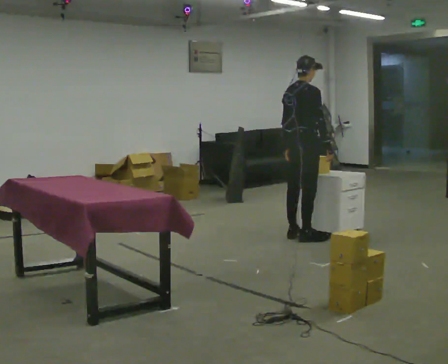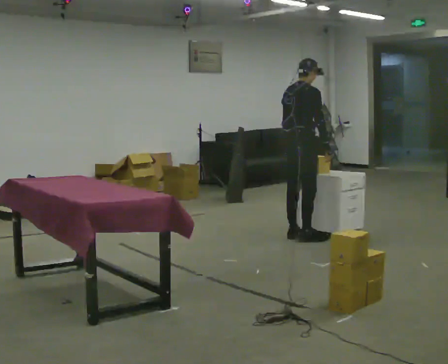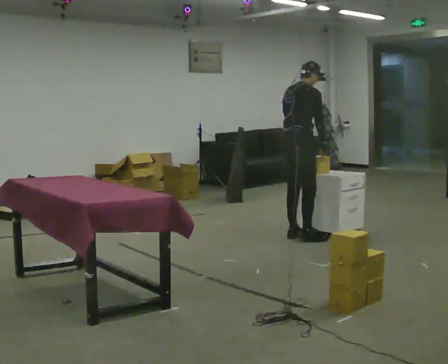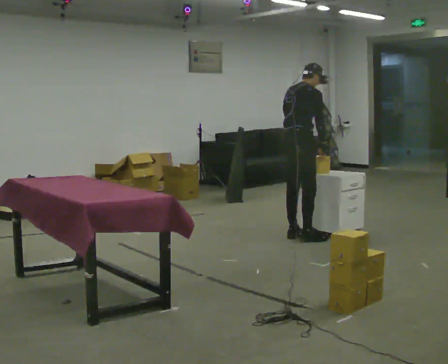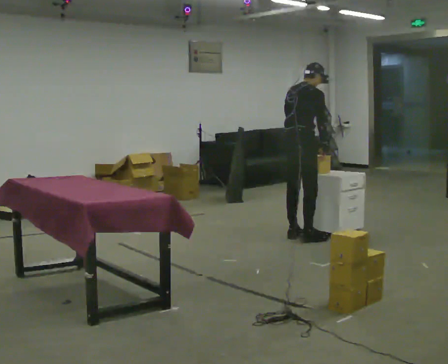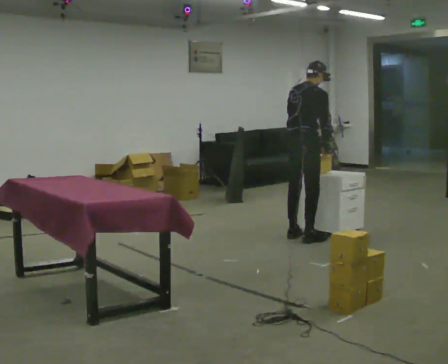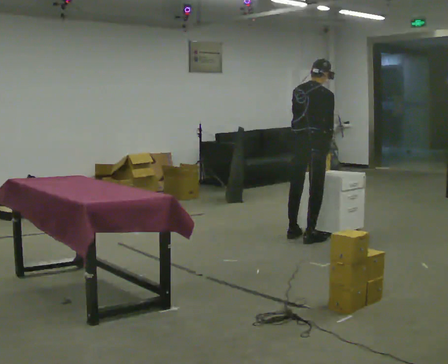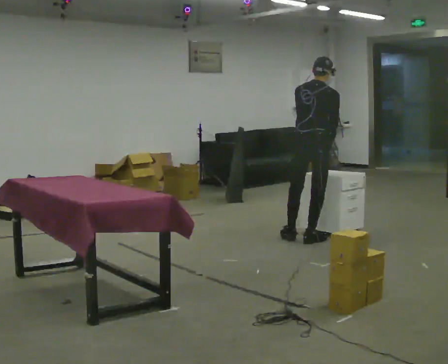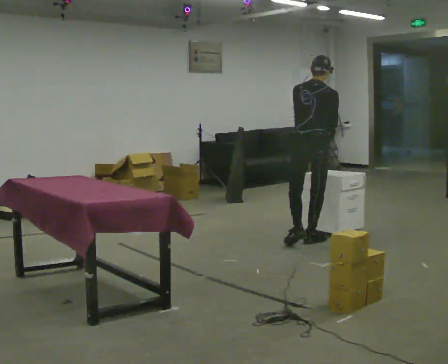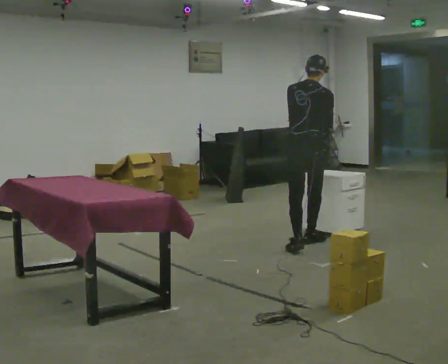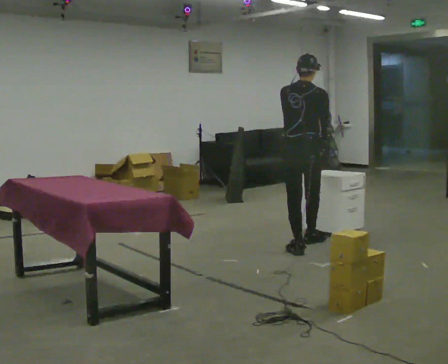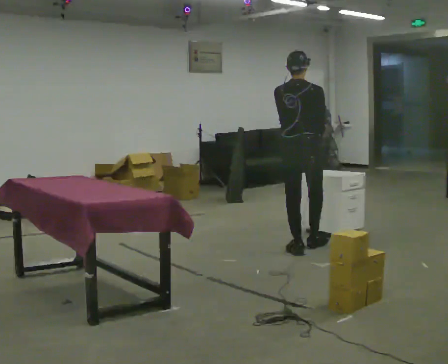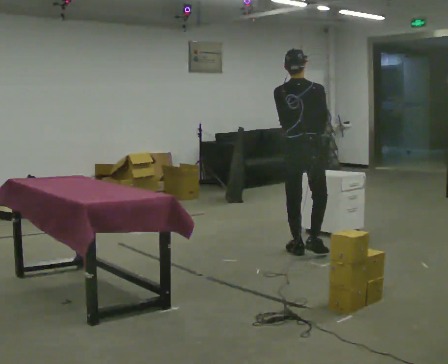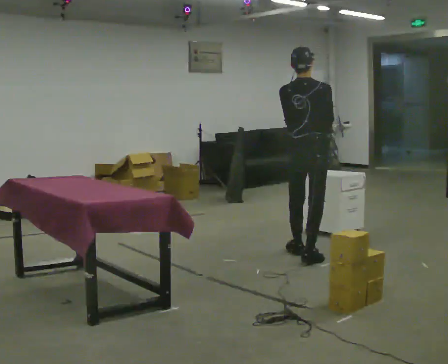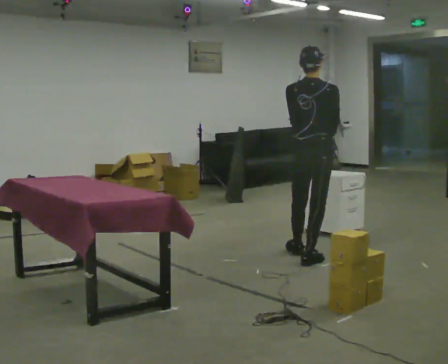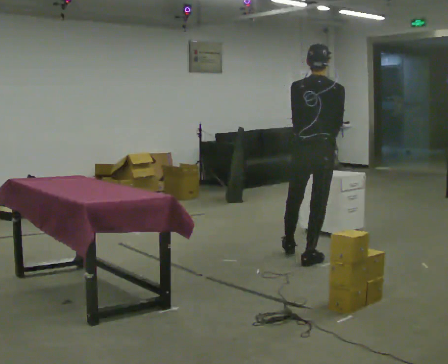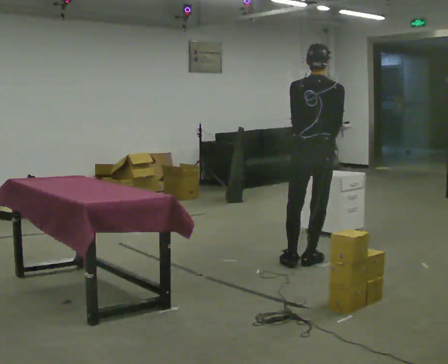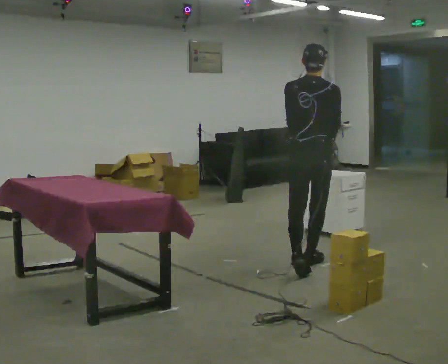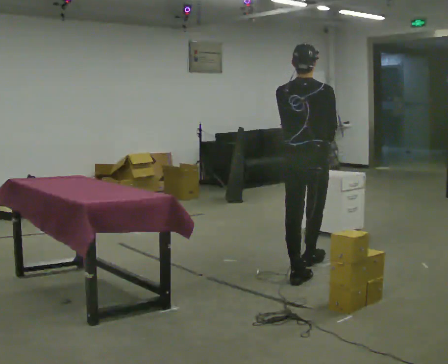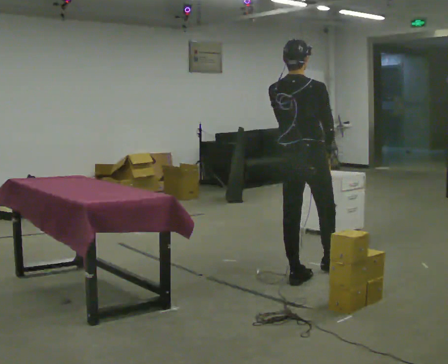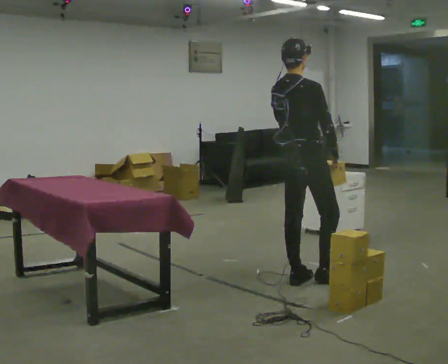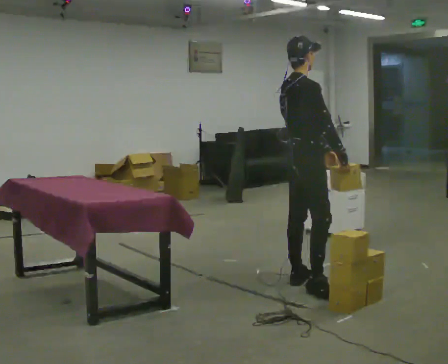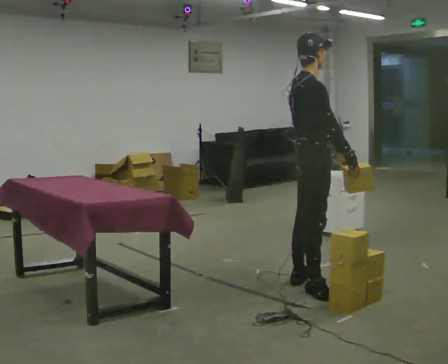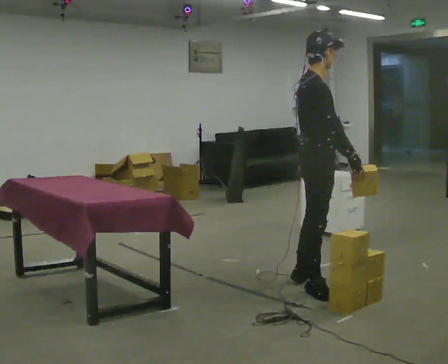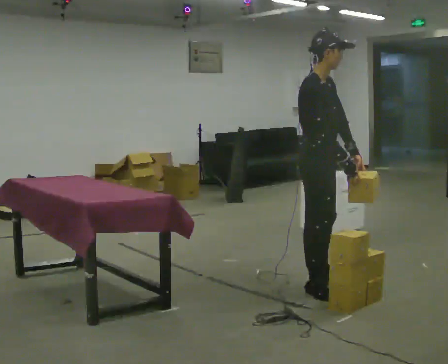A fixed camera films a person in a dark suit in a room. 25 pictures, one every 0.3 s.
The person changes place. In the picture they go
toward the camera.
0.0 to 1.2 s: The person moves a little, or ends about where they began.
1.2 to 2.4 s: Seen from above the body turns counterclockwise, about 30 degrees: to their left, with its near side sliding to the right. In the picture they go toward the camera, about 0.25 m in 1 step, which for them is to their right and backward.
2.4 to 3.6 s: In the picture they go toward the camera, about 0.5 m in 1 step, which for them is backward.
3.6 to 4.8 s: In the picture they go toward the camera, about 0.25 m in 1 step, which for them is backward.
4.8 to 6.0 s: The part of the body nearest the lens slides to the left as the person turns to their right by about 45 degrees. In the picture they go toward the camera, about 0.5 m in 1 step, which for them is backward.
6.0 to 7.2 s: Seen from above the body turns clockwise, about 60 degrees: to their right, with its near side sliding to the left. In the picture they go toward the camera, about 0.25 m in 1 step, which for them is to their right.
The film runs backward here.
